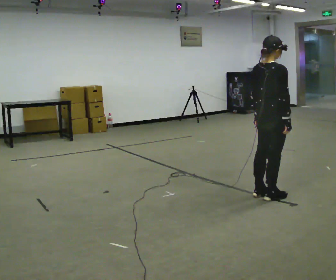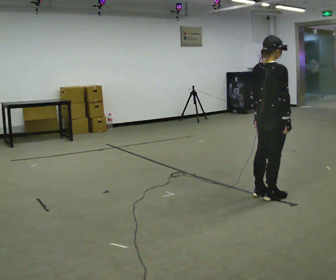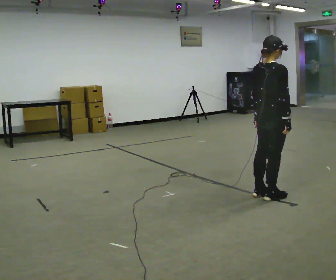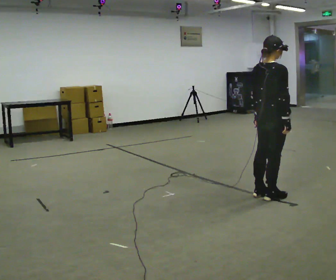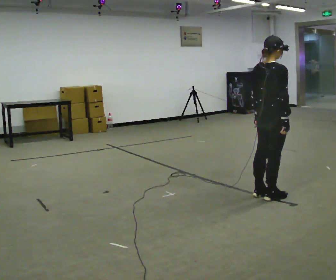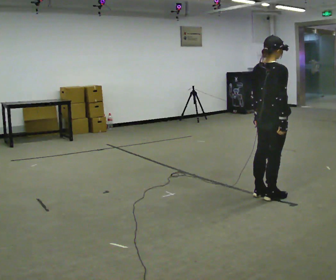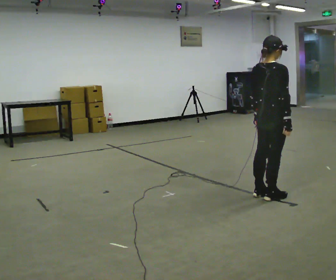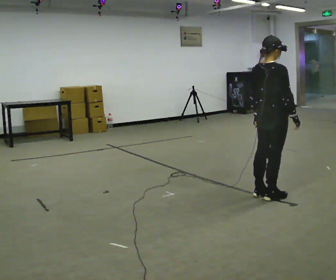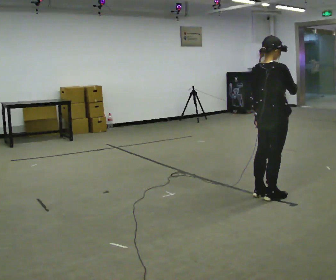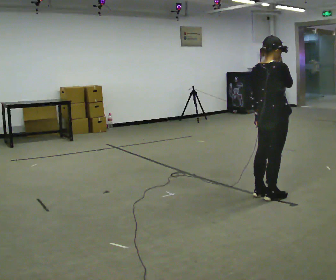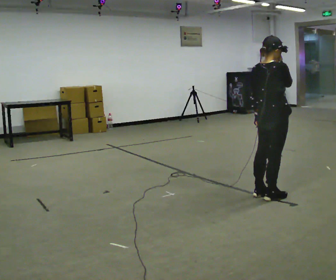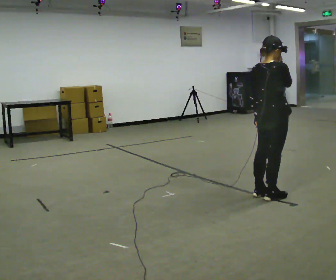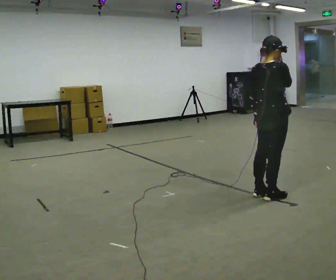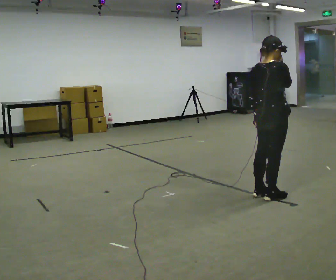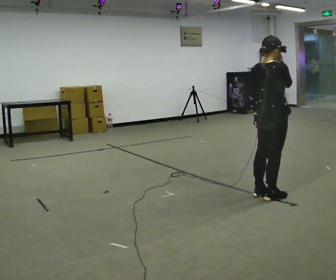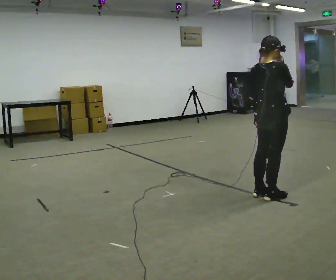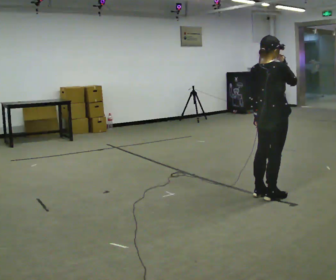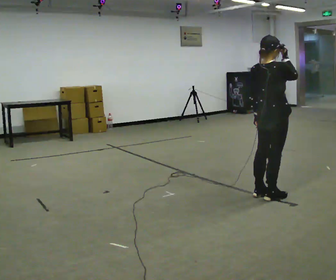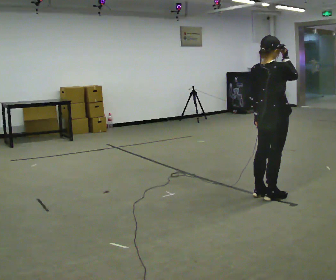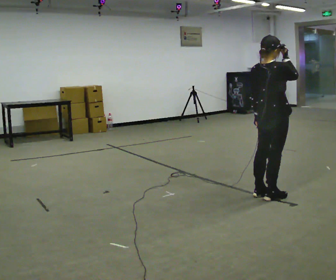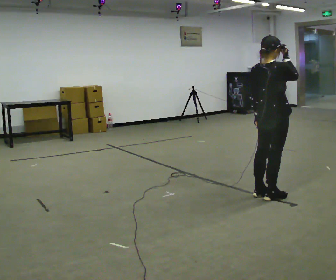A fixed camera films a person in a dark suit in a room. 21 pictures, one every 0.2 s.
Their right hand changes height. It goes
upward.
0.0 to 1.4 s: The person moves a little, or ends about where they began.
1.4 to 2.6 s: In the picture their right hand goes upward.
2.6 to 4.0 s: The person moves a little, or ends about where they began.
The film runs backward here.
